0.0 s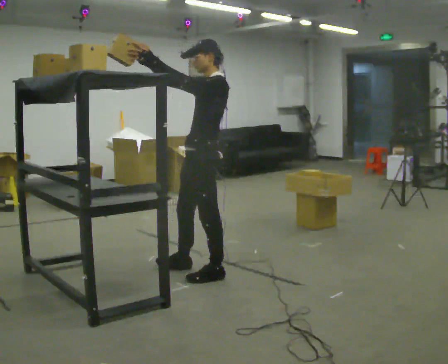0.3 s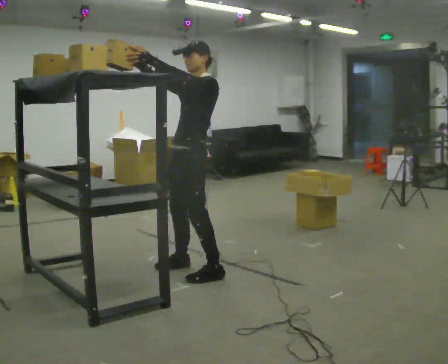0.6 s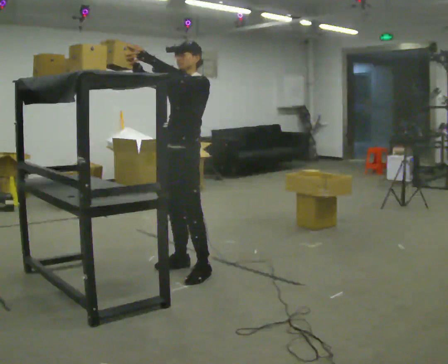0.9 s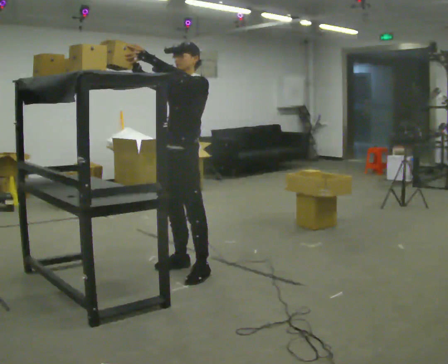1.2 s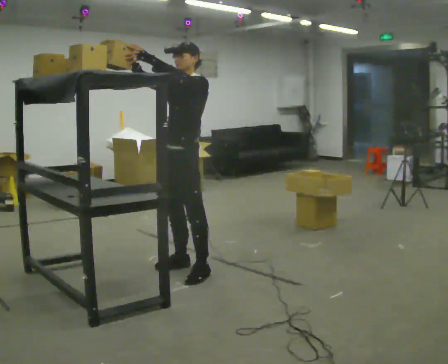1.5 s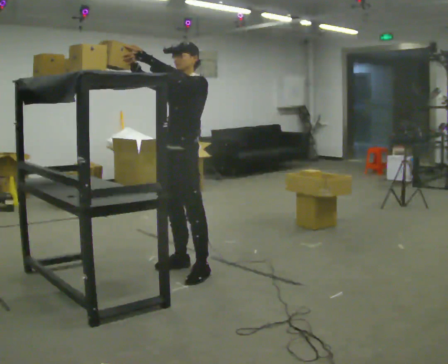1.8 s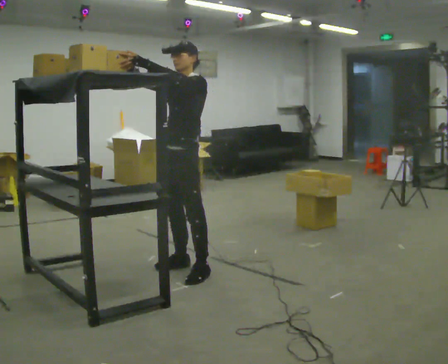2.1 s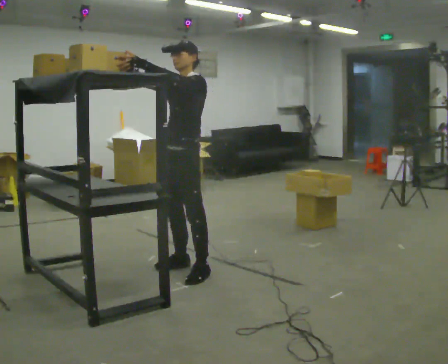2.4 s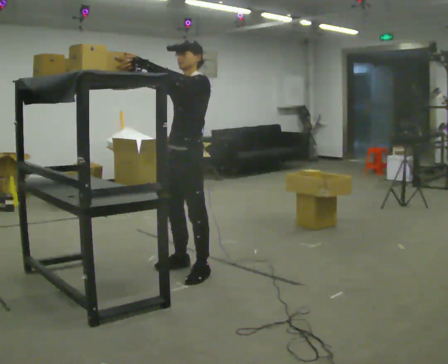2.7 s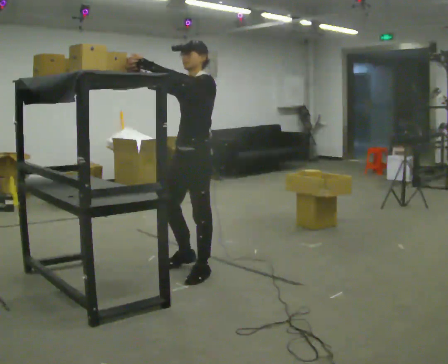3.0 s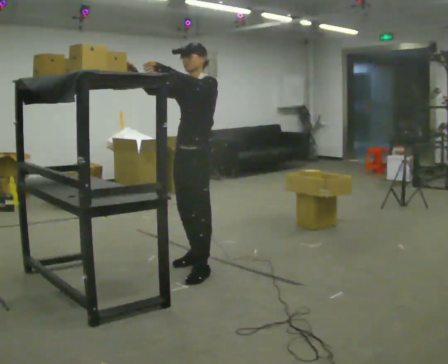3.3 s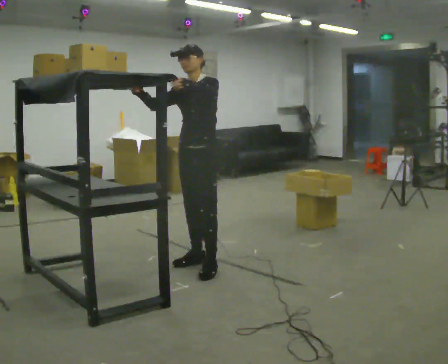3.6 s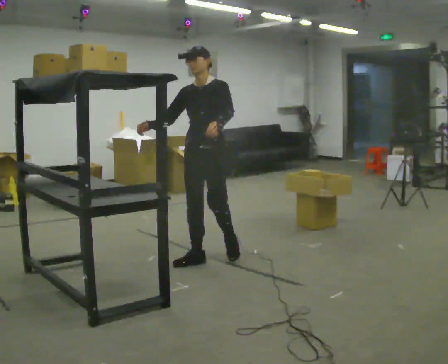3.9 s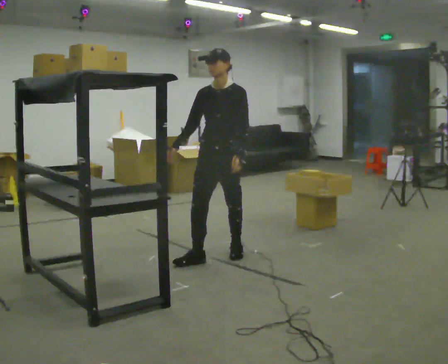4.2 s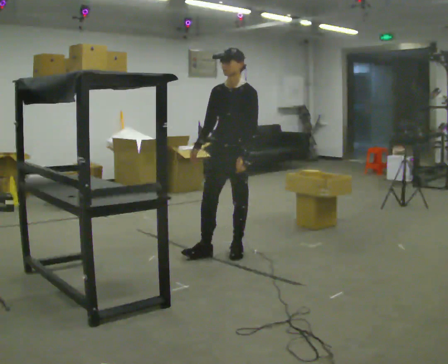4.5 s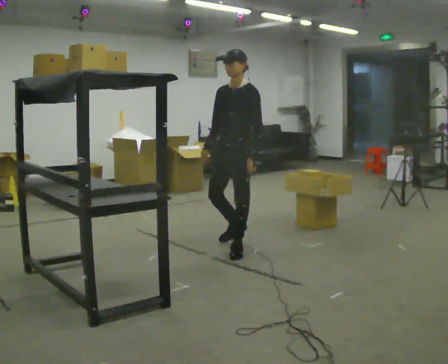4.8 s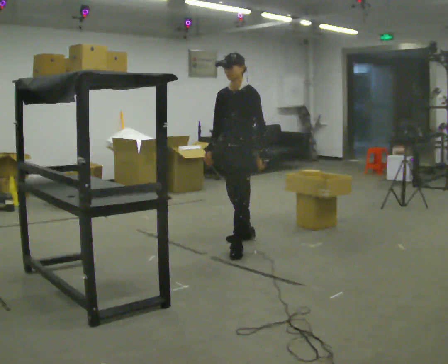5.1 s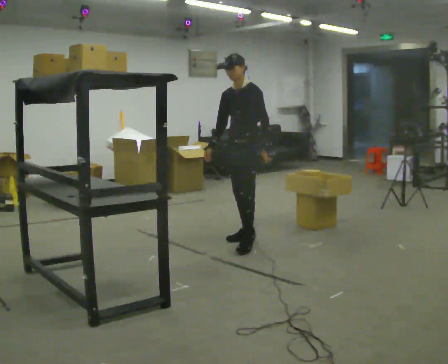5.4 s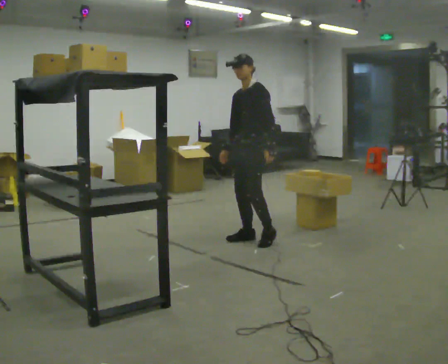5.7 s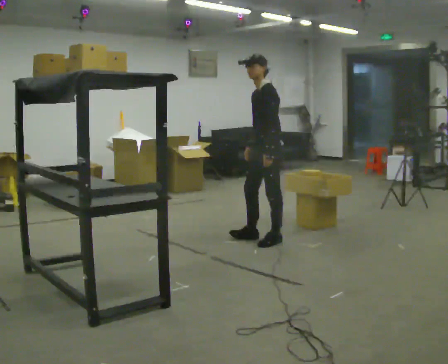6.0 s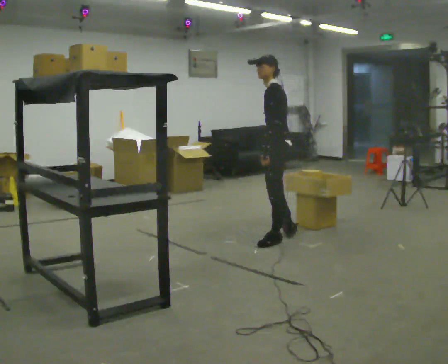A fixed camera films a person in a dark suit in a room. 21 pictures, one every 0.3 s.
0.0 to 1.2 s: The person turns about 30 degrees to their left, counterclockwise seen from above, so the part of the body nearest the lens slides to the right. In the picture they go to the left, about 0.25 m, which for them is to their right.
1.2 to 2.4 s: The person moves a little, or ends about where they began.
2.4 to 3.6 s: The person turns about 30 degrees to their left, counterclockwise seen from above, so the part of the body nearest the lens slides to the right. In the picture they go away from the camera, about 0.25 m in 2 steps, which for them is backward and to their right. In the picture their left hand goes downward.
3.6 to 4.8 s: In the picture they go away from the camera and to the right, about 0.5 m in 1 step, which for them is backward.
4.8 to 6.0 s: The person turns about 60 degrees to their right, clockwise seen from above, so the part of the body nearest the lens slides to the left. In the picture they go to the right, about 0.5 m in 2 steps.
The film runs backward here.
